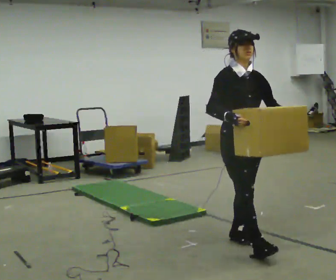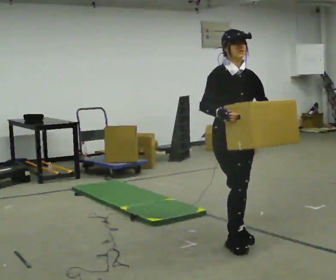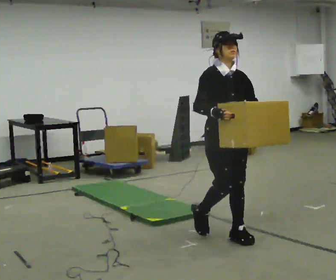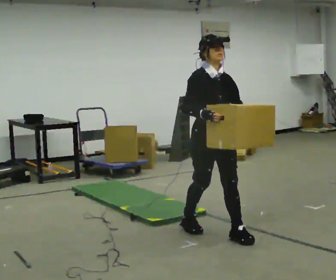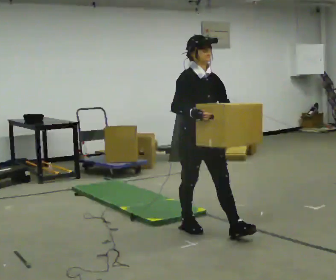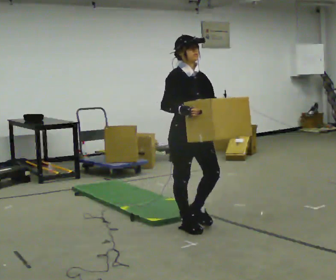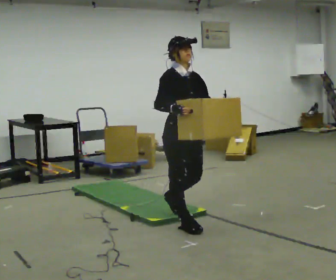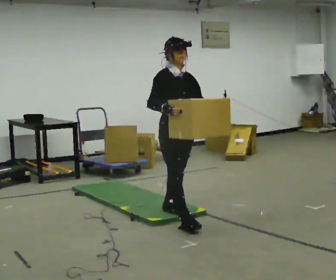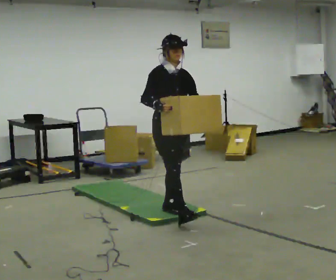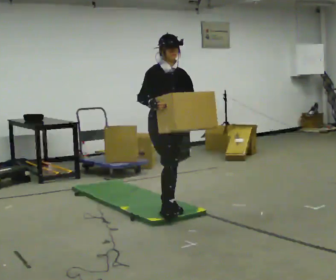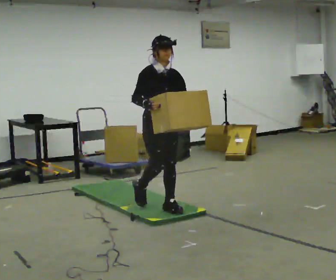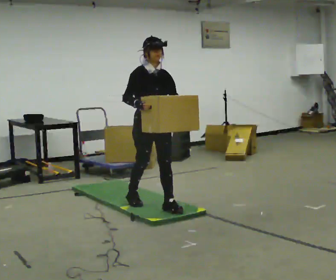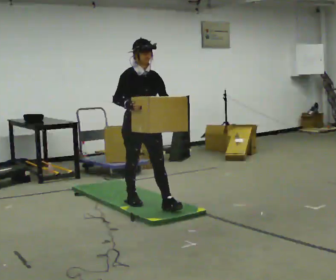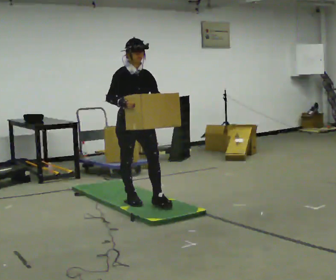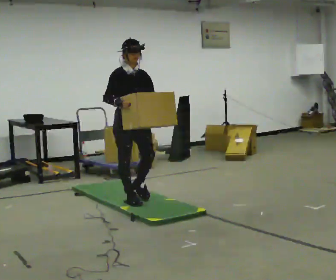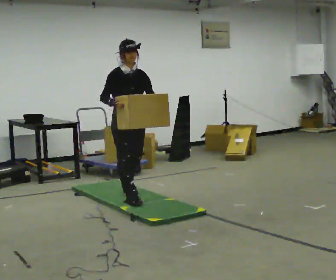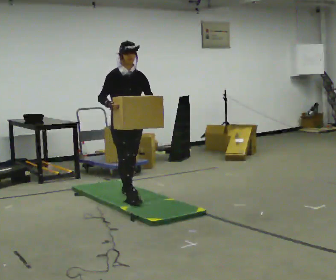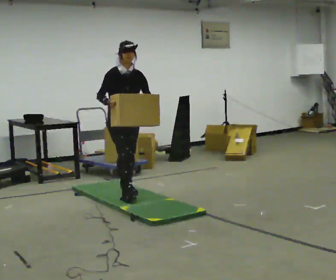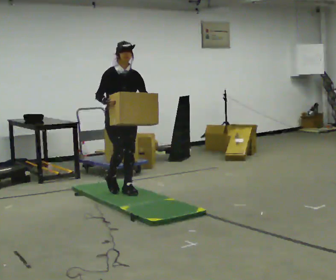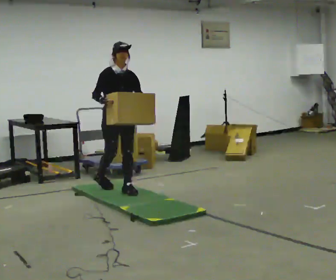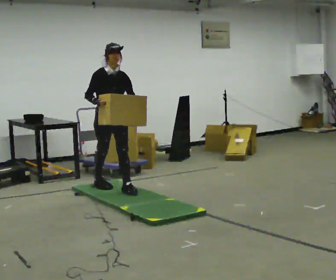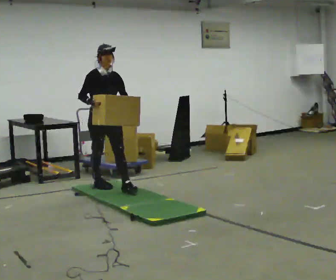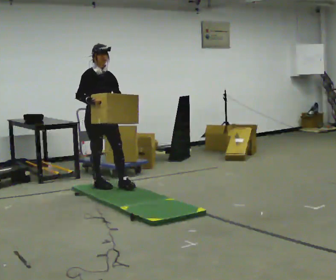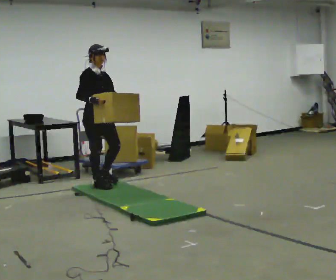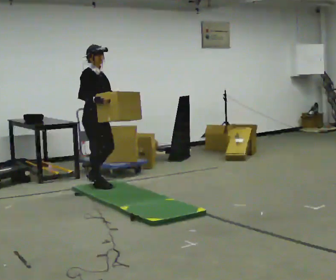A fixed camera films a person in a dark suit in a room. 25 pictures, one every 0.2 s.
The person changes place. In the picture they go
away from the camera.
0.0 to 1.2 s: In the picture they go away from the camera and to the left, about 0.5 m in 2 steps, which for them is backward.
1.2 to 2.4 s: In the picture they go away from the camera and to the left, about 0.75 m in 1 step, which for them is backward.
2.4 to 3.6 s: In the picture they go away from the camera and to the left, about 0.5 m in 2 steps, which for them is backward.
3.6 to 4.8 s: Seen from above the body turns counterclockwise, about 45 degrees: to their left, with its near side sliding to the right. In the picture they go away from the camera and to the left, about 0.5 m in 1 step, which for them is backward.
The film runs backward here.
